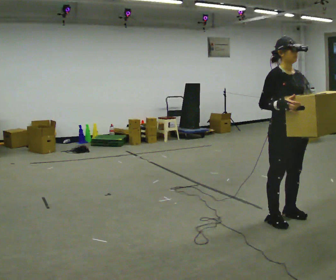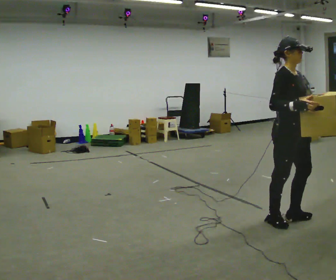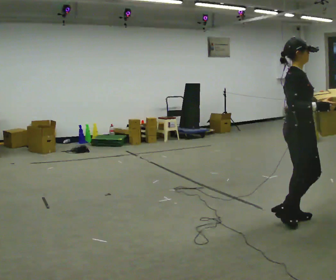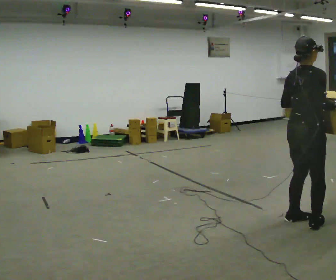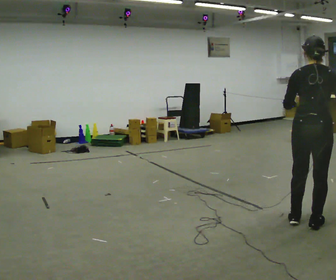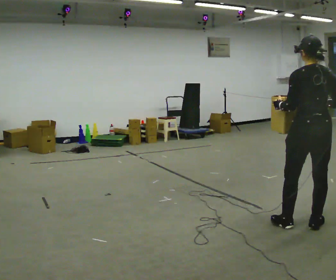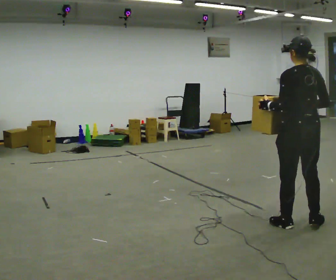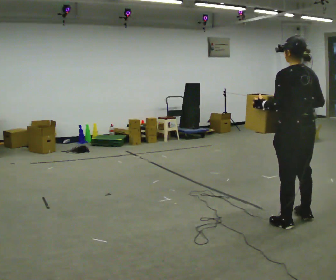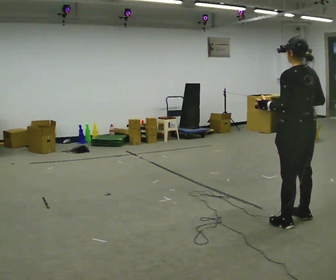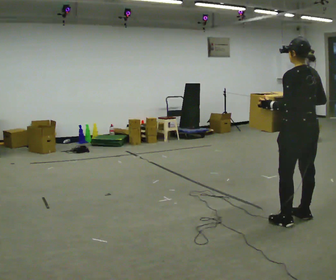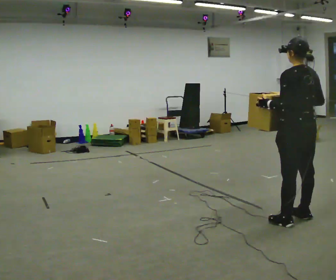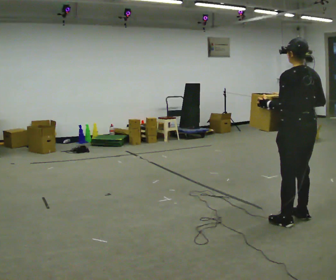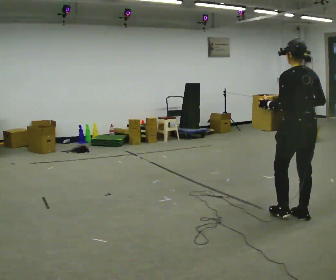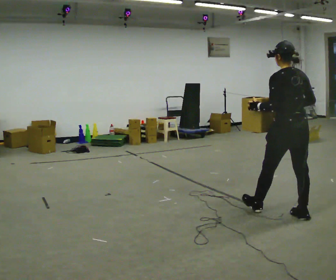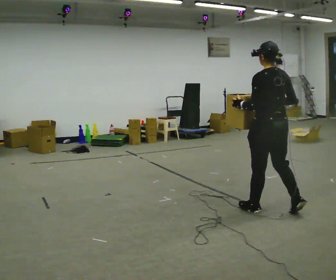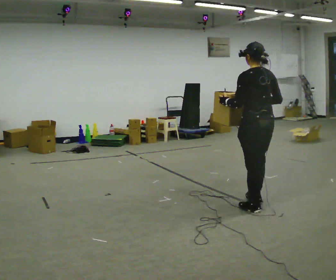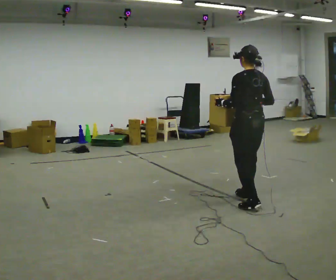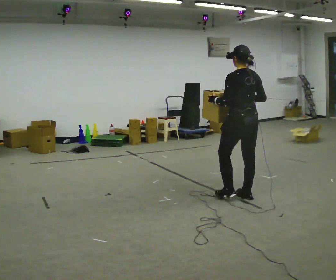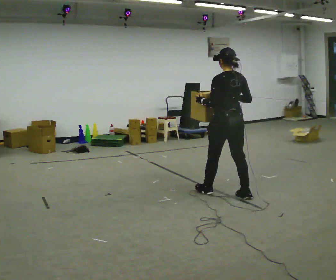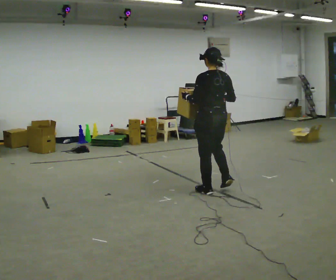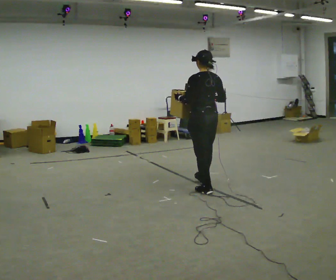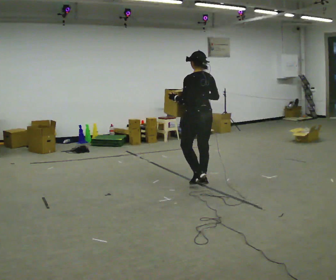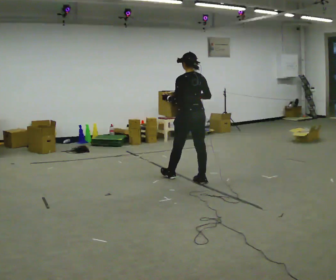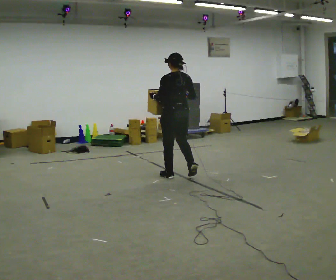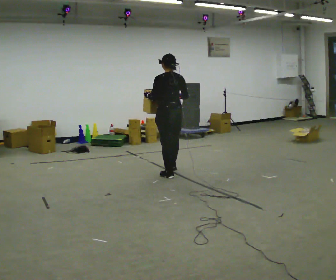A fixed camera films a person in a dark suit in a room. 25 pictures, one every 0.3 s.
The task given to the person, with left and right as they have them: Carry the heaviest box in both hands in front of you, walking back and forth across the room. Only carry what is comfortable. Set it down whenever you need to.
0.0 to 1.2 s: The part of the body nearest the lens slides to the right as the person turns to their left by about 120 degrees. In the picture they go to the right, about 0.25 m in 1 step.
1.2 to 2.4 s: The person turns about 60 degrees to their left, counterclockwise seen from above, so the part of the body nearest the lens slides to the right. In the picture their right hand goes to the left.
2.4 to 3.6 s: The person moves a little, or ends about where they began.
3.6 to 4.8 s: In the picture they go to the left and away from the camera, about 0.75 m in 2 steps, which for them is forward.
4.8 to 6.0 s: In the picture they go to the left and away from the camera, about 0.5 m in 1 step, which for them is forward.
6.0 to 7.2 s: In the picture they go to the left and away from the camera, about 1 m in 2 steps, which for them is forward.
The film runs forward here.
